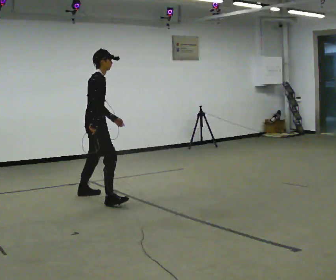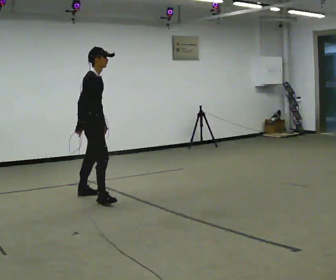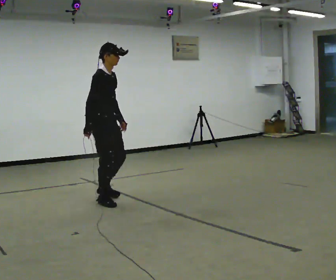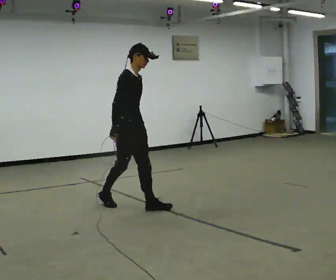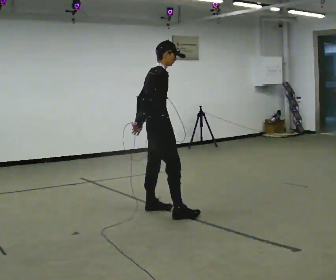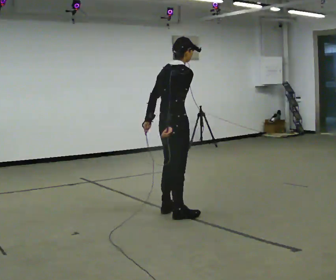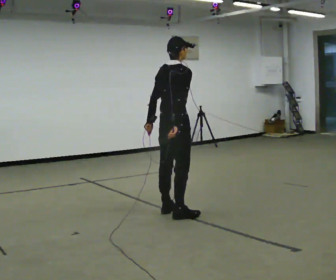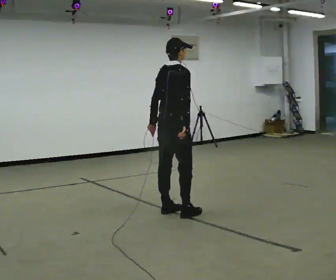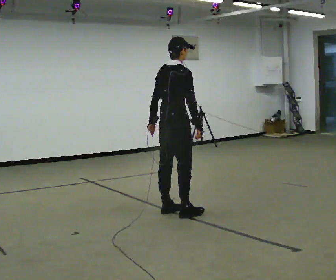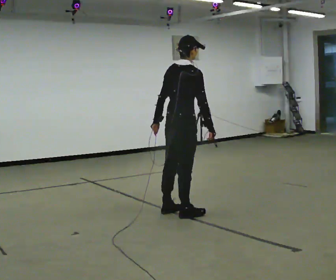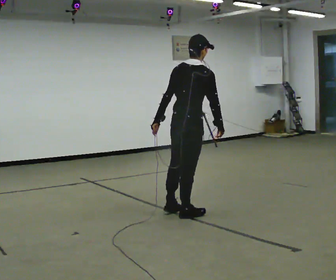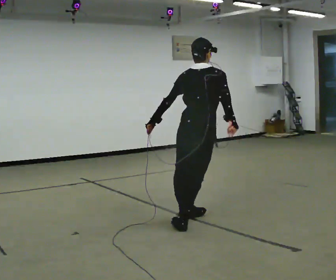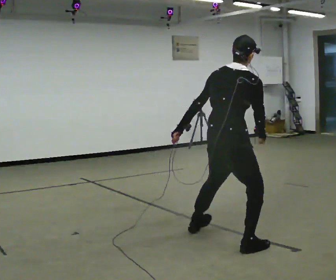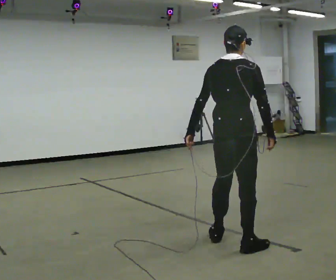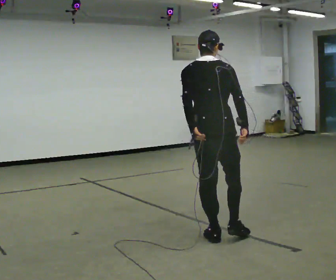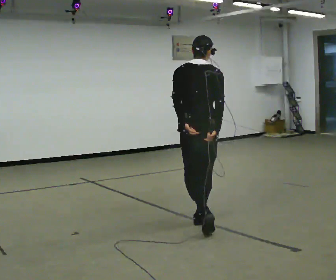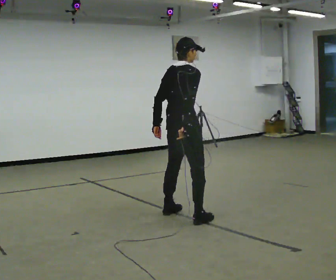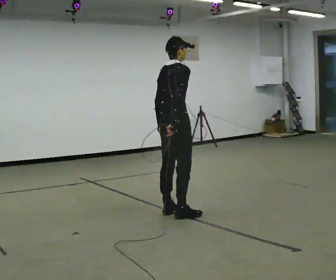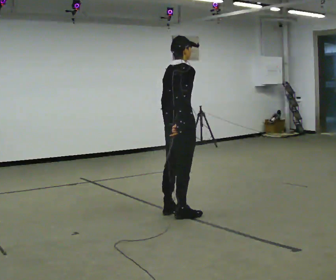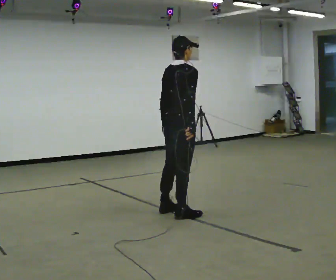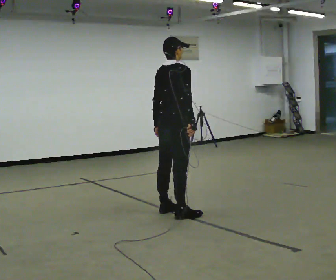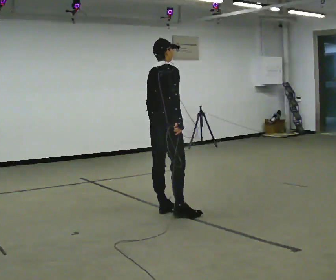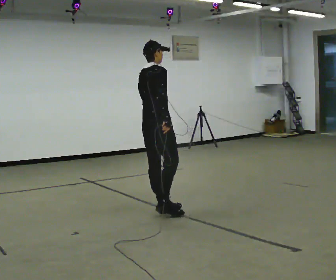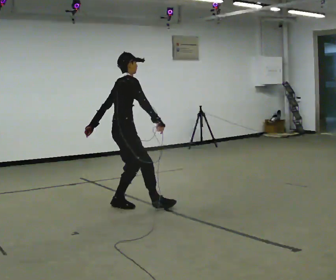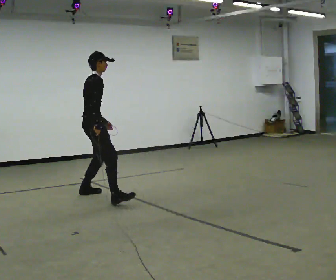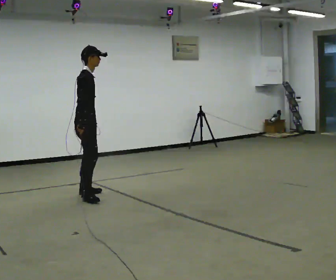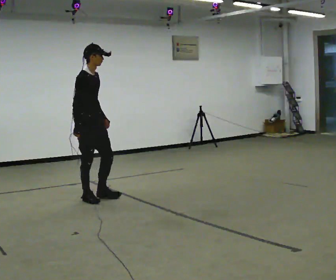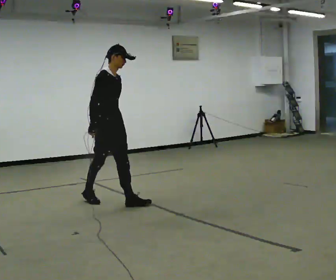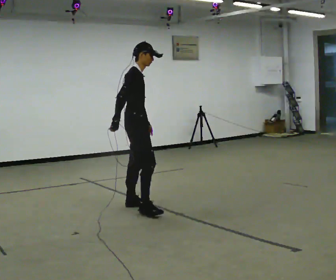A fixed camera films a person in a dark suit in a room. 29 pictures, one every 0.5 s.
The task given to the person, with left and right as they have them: Stand on the marked spots. Lean to the side the operator calls until you cannot hold it, then step to catch yourself. Return to the spots. Repeat at your own pace until the operator says stop. Go slowly and only as far as you are comfortable. Step whenever you need to; do not try to hold on longer than feels safe.
0.0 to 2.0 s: In the picture they go to the right and toward the camera, about 1 m in 2 steps, which for them is forward and to their right.
2.0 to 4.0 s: In the picture they go to the right, about 0.25 m in 1 step, which for them is to their right. In the picture their right hand goes to the right.
4.0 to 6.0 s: In the picture they go toward the camera and to the right, about 1 m in 2 steps, which for them is to their right and backward.
6.0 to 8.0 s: In the picture they go away from the camera and to the left, about 1 m in 3 steps, which for them is forward and to their left.
8.0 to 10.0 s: In the picture they go away from the camera, about 0.25 m in 1 step, which for them is to their left.
10.0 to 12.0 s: In the picture they go to the left and away from the camera, about 1 m in 2 steps, which for them is to their left.
12.0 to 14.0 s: In the picture they go to the right and toward the camera, about 0.5 m in 2 steps, which for them is forward and to their right.
The film runs forward here.
